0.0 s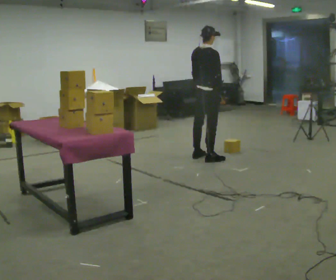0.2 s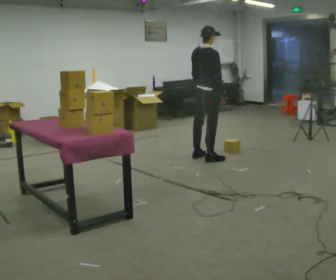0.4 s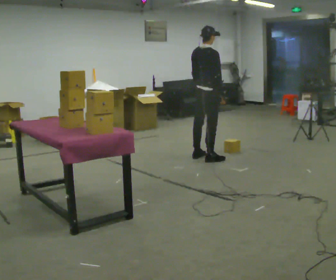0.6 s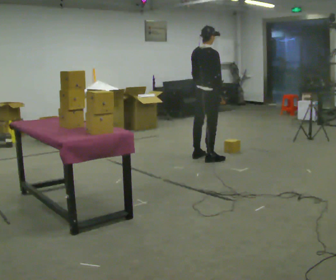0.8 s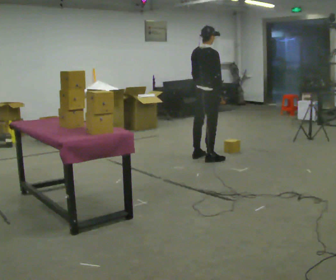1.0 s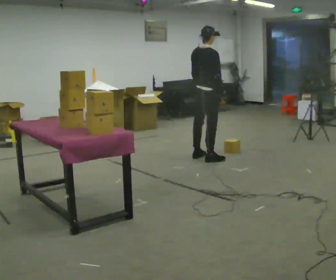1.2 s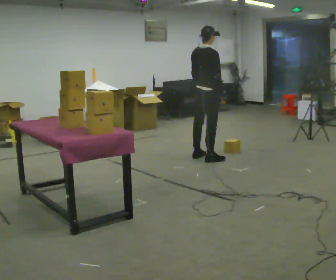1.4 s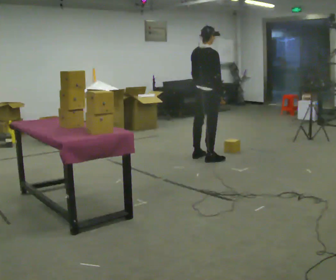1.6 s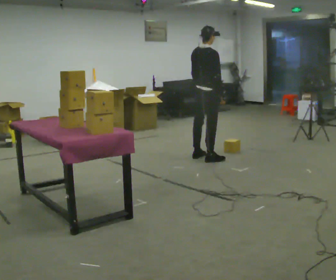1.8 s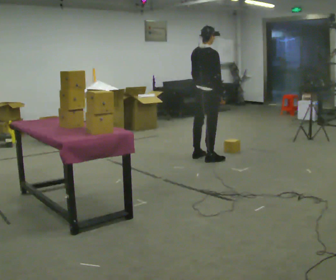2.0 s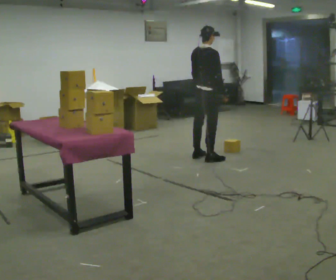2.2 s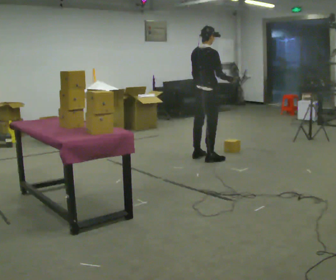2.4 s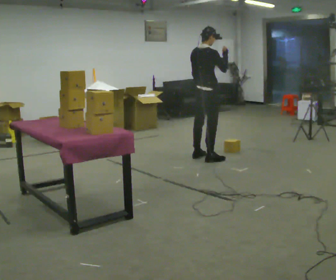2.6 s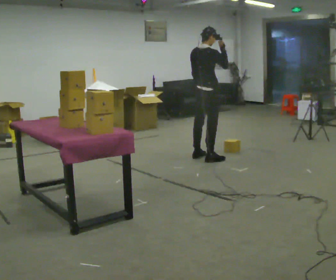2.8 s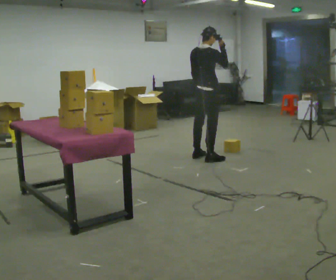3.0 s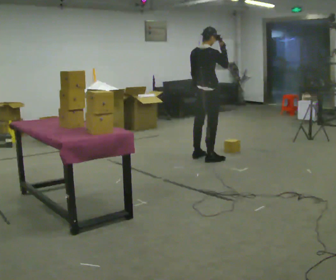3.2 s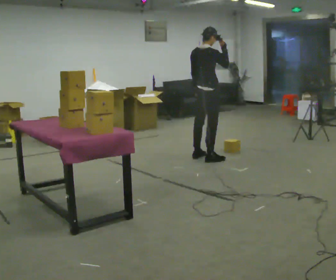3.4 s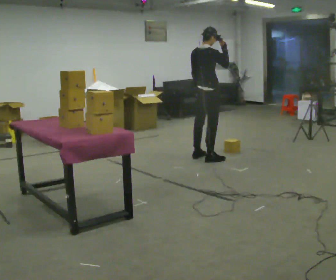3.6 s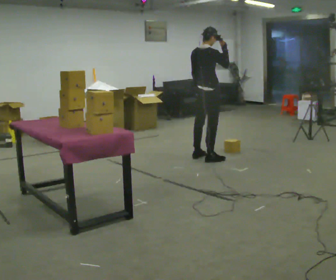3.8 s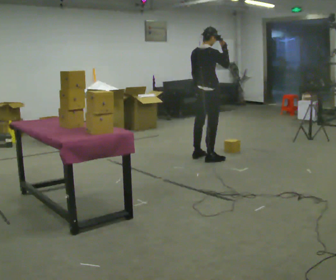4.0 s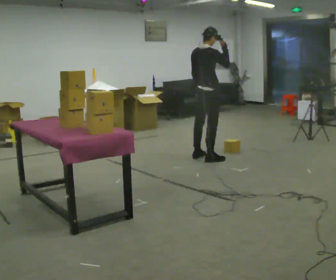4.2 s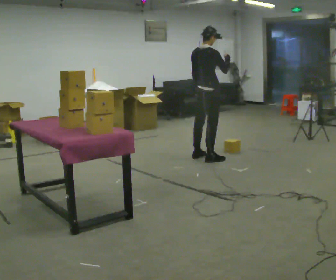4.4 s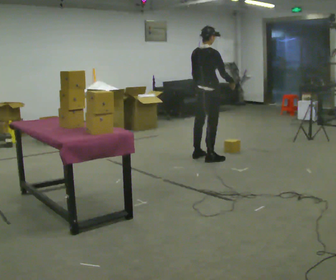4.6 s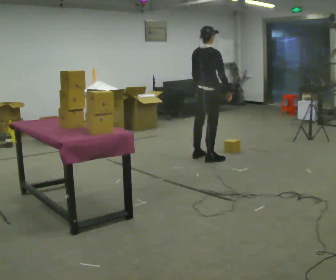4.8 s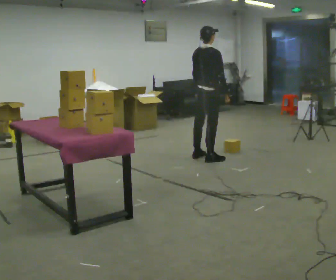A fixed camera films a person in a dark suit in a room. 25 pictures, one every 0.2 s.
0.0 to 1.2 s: The person keeps their place and pose.
1.2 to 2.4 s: In the picture their right hand goes upward.
2.4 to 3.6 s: The person moves a little, or ends about where they began.
3.6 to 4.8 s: In the picture their right hand goes downward.
The film runs forward here.
